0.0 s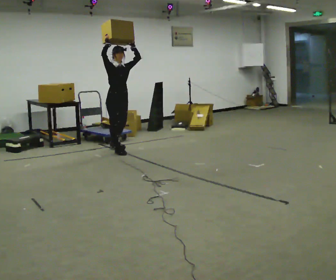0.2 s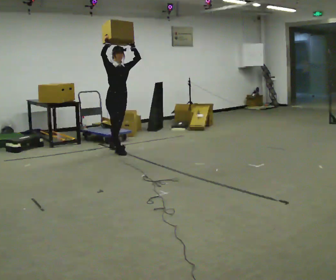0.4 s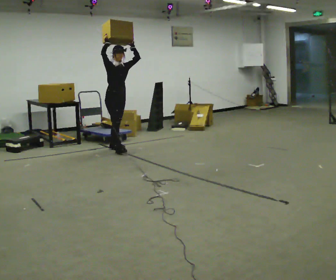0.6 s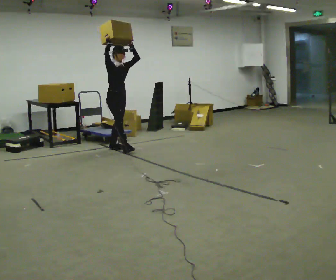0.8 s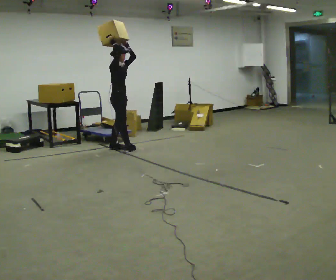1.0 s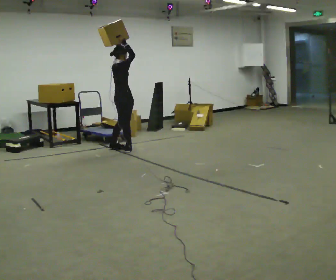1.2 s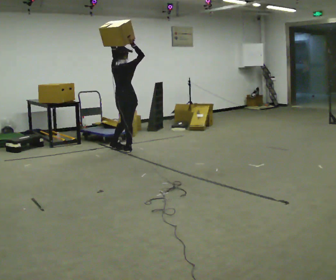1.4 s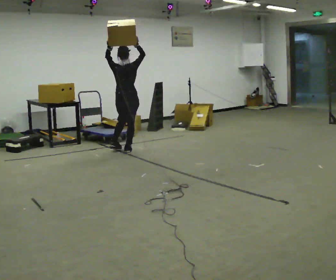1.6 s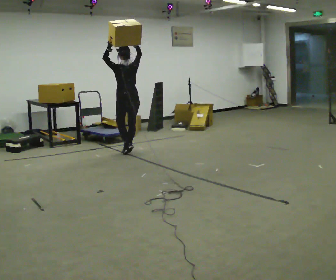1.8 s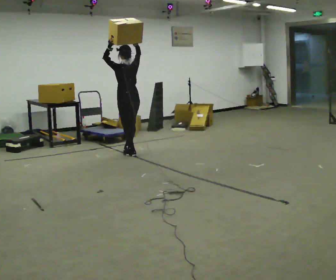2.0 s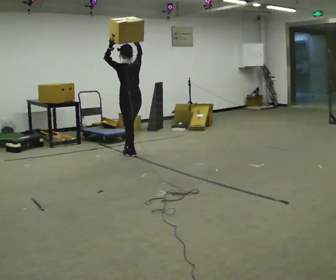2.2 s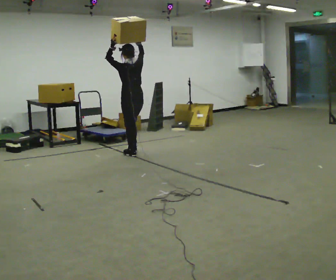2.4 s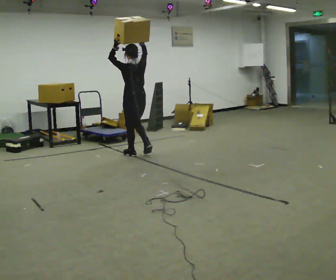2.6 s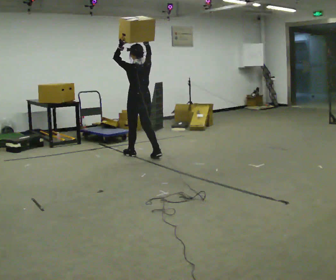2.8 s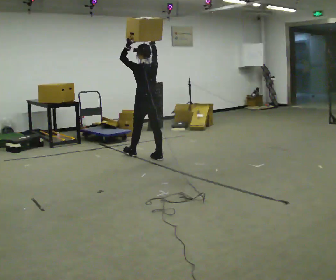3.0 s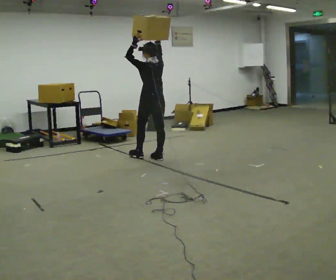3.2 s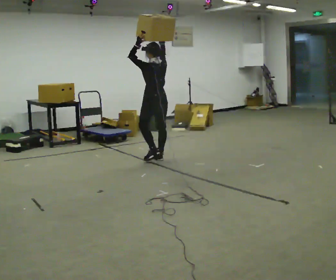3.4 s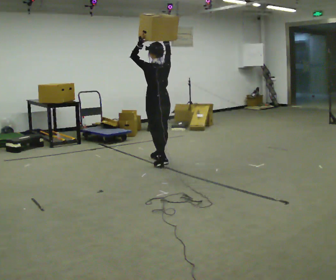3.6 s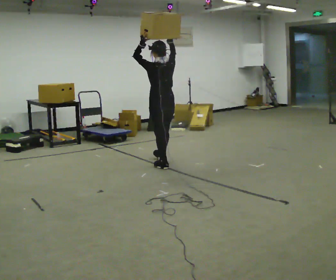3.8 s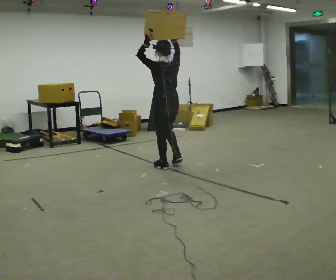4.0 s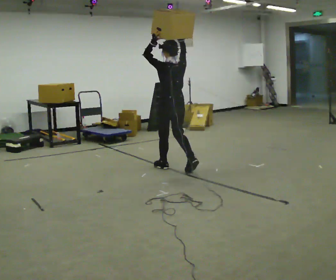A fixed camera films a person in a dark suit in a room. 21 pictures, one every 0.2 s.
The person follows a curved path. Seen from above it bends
clockwise.
Their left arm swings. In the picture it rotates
counterclockwise.
0.0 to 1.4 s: Seen from above the body turns counterclockwise, about 135 degrees: to their left, with its near side sliding to the right. In the picture they go to the right, about 0.25 m in 2 steps. The upper body tips toward the camera, its near side rolling downward. In the picture their left hand goes to the left, the arm swinging counterclockwise.
1.4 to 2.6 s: The person turns about 45 degrees to their left, counterclockwise seen from above, so the part of the body nearest the lens slides to the right. In the picture they go toward the camera and to the right, about 0.5 m in 1 step, which for them is backward.
2.6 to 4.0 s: In the picture they go toward the camera and to the right, about 1 m in 2 steps, which for them is backward.
The film runs backward here.
